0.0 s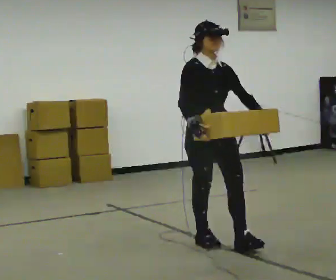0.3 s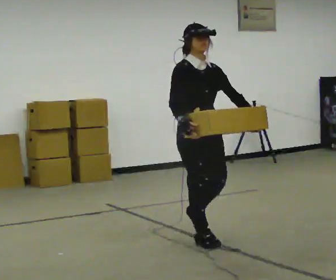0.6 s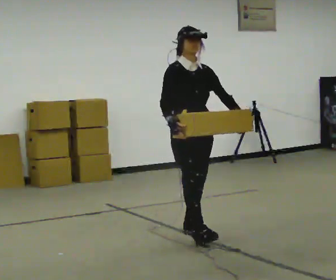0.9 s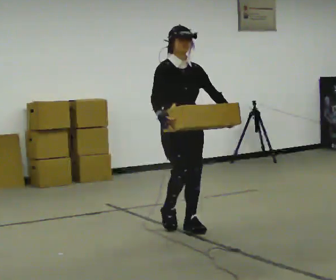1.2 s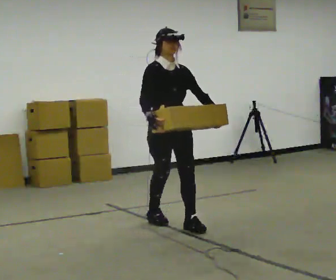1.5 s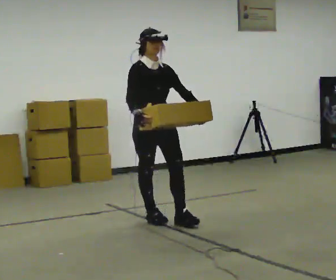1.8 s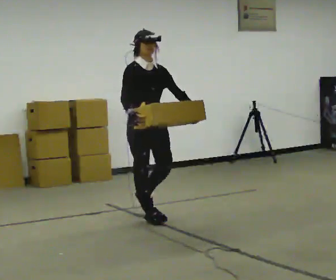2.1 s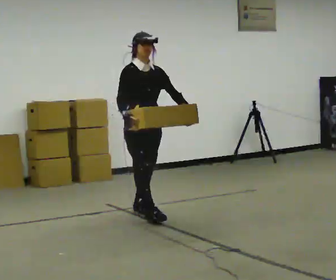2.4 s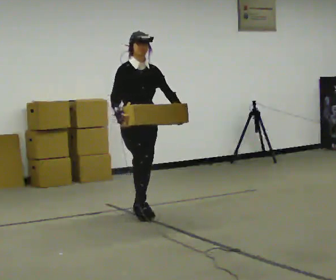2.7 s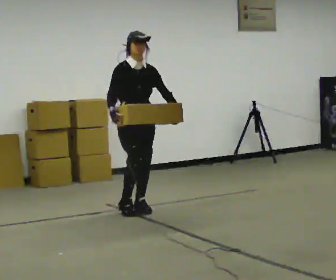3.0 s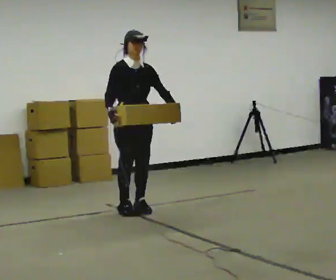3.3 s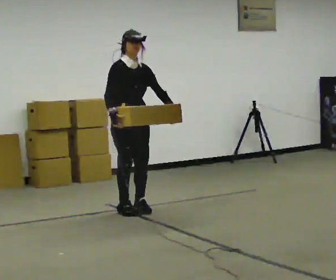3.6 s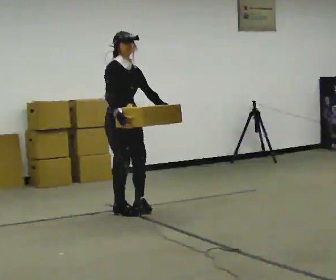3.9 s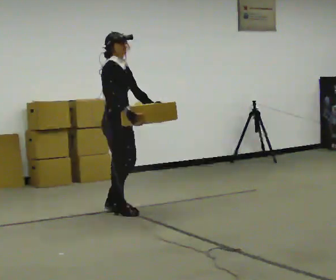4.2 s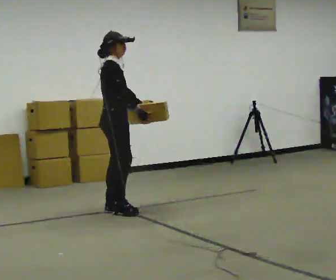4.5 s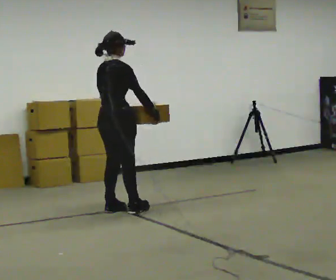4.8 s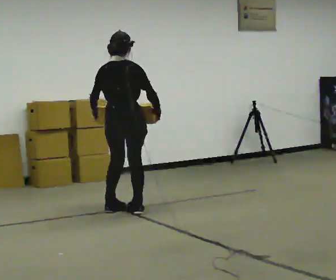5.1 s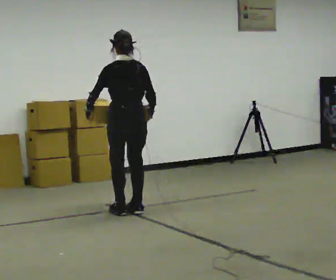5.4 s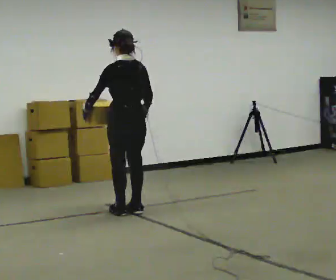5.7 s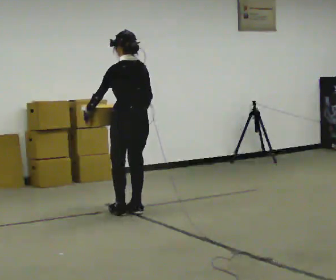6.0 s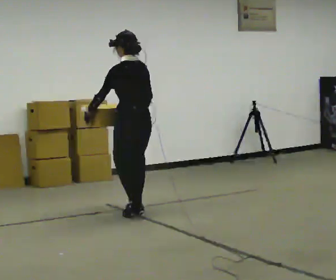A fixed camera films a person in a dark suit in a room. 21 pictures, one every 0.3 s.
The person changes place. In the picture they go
away from the camera.
The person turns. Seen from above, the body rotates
counterclockwise.
0.0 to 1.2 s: In the picture they go away from the camera, about 0.75 m in 1 step, which for them is backward.
1.2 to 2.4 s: In the picture they go away from the camera and to the left, about 0.5 m in 2 steps, which for them is backward.
2.4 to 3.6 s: The person moves a little, or ends about where they began.
3.6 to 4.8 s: The part of the body nearest the lens slides to the right as the person turns to their left by about 120 degrees. In the picture their left hand goes to the left, the arm swinging clockwise.
4.8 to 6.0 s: The person turns about 60 degrees to their left, counterclockwise seen from above, so the part of the body nearest the lens slides to the right.
The film runs backward here.
